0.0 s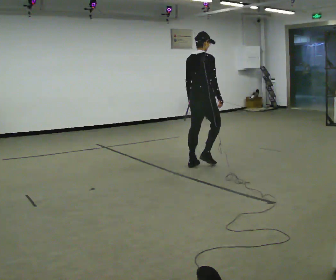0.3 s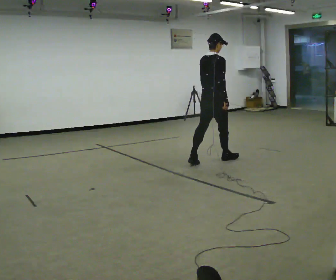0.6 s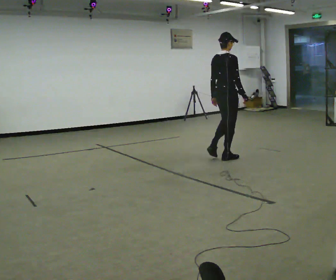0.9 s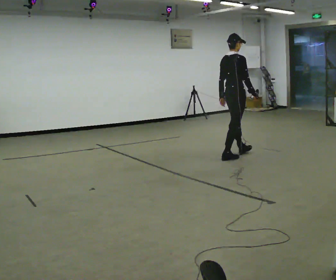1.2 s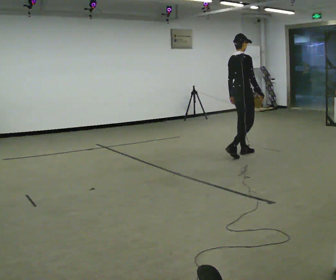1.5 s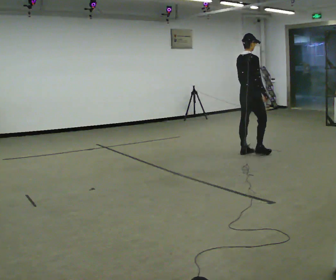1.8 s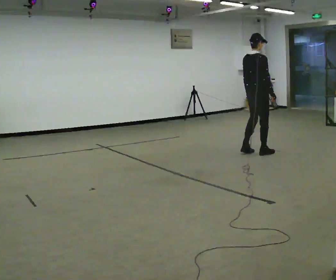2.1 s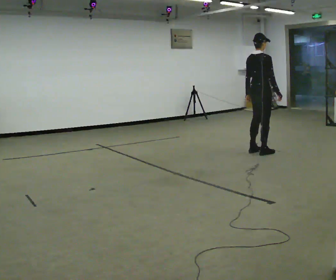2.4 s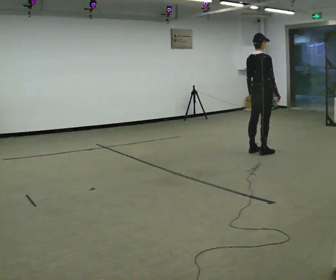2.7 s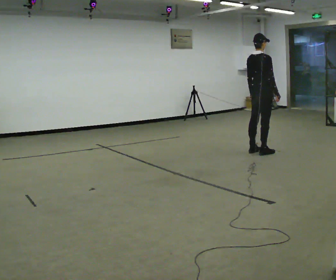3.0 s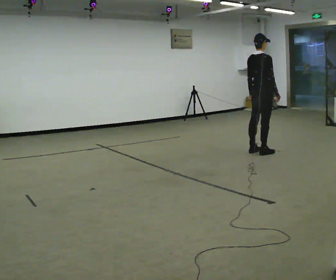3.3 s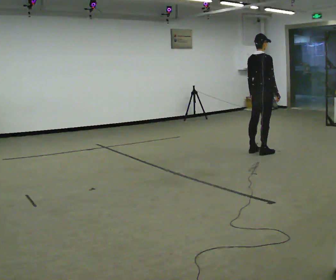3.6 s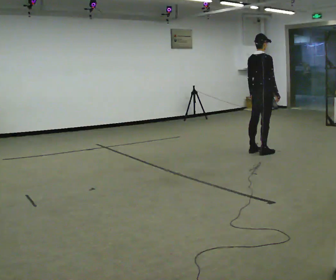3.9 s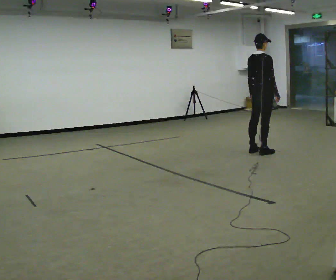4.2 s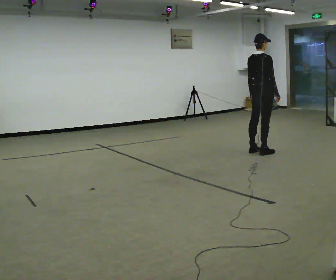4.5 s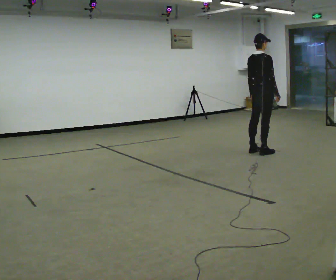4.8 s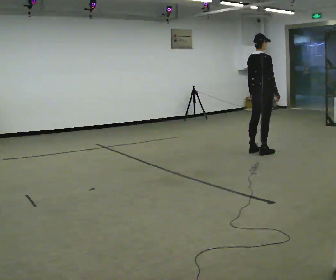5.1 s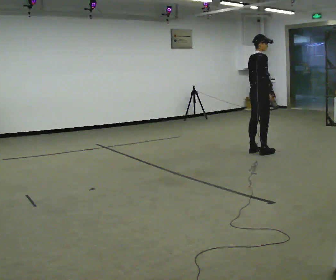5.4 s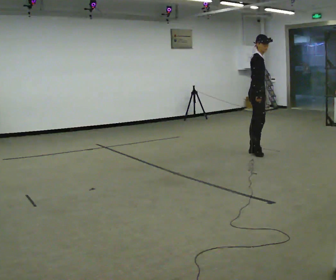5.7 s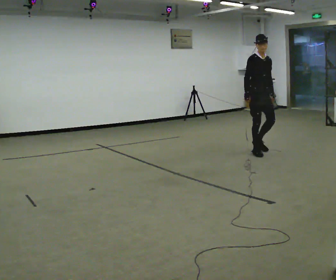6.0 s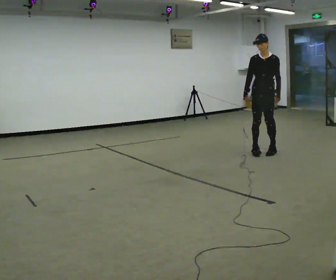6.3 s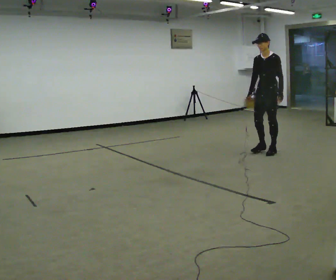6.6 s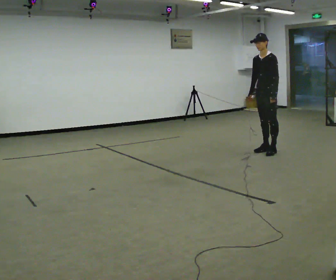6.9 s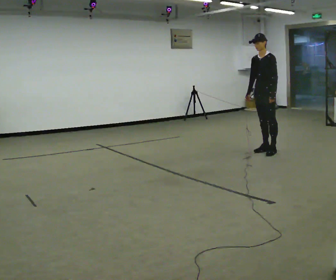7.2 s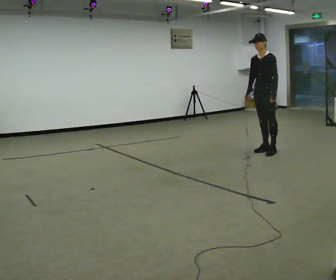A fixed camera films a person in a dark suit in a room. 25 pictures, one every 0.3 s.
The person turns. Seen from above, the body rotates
clockwise.
The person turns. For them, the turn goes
to their right.
0.0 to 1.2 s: In the picture they go away from the camera and to the right, about 1 m in 2 steps, which for them is forward.
1.2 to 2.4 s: In the picture they go to the right, about 0.25 m in 2 steps, which for them is forward and to their right.
2.4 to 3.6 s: The person moves a little, or ends about where they began.
3.6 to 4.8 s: The person keeps their place and pose.
4.8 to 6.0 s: The part of the body nearest the lens slides to the left as the person turns to their right by about 150 degrees. In the picture their right hand goes to the left, the arm swinging clockwise.
6.0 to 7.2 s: The person turns about 30 degrees to their right, clockwise seen from above, so the part of the body nearest the lens slides to the left.
The film runs forward here.
